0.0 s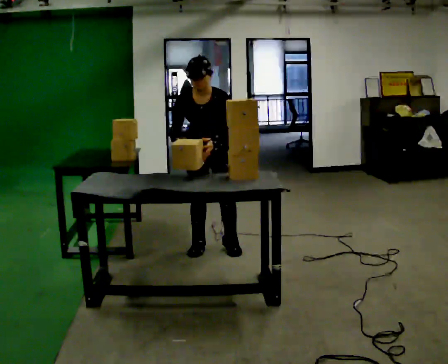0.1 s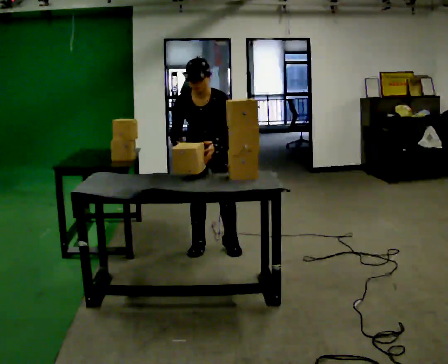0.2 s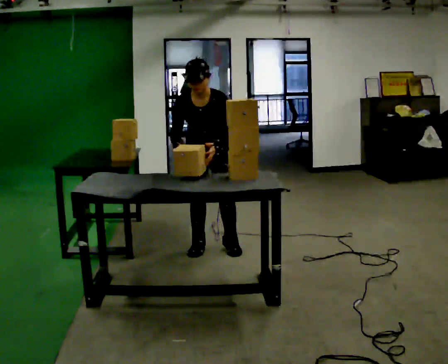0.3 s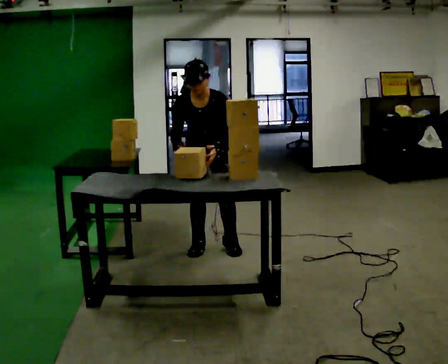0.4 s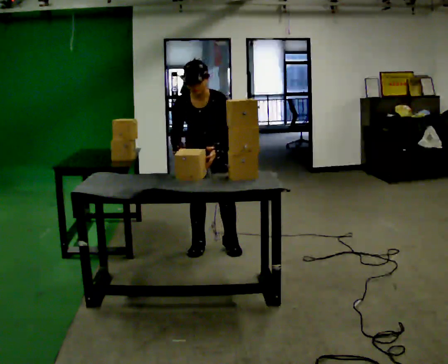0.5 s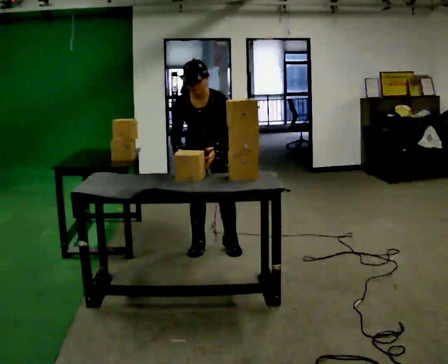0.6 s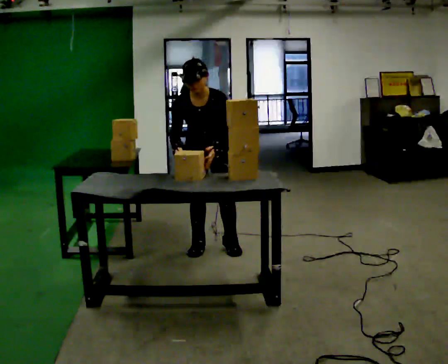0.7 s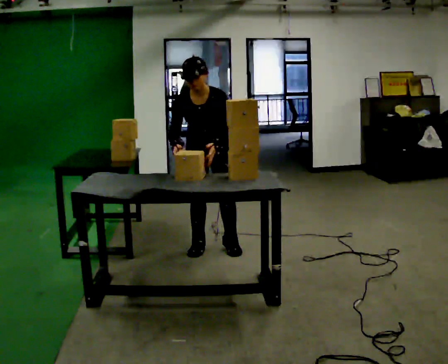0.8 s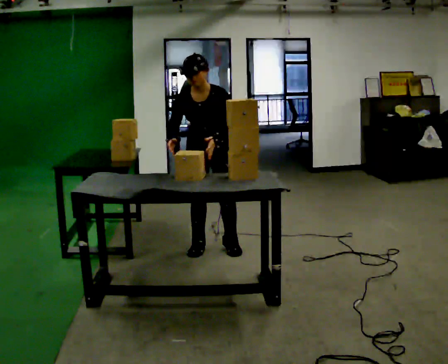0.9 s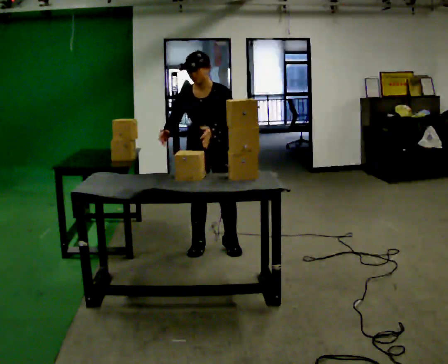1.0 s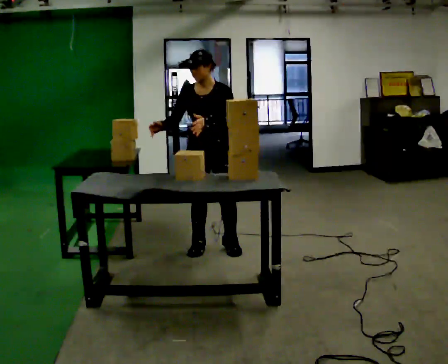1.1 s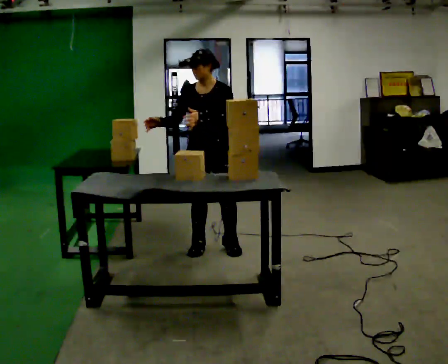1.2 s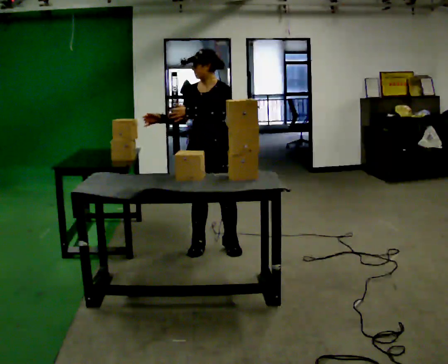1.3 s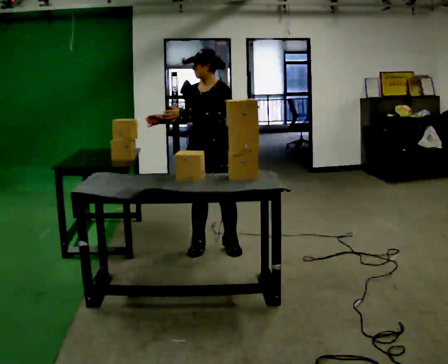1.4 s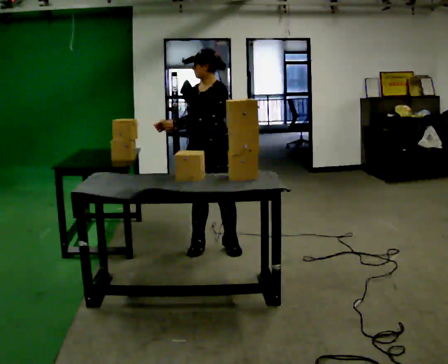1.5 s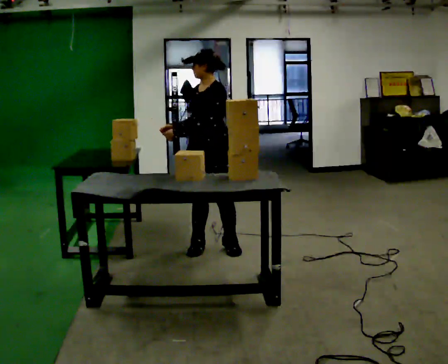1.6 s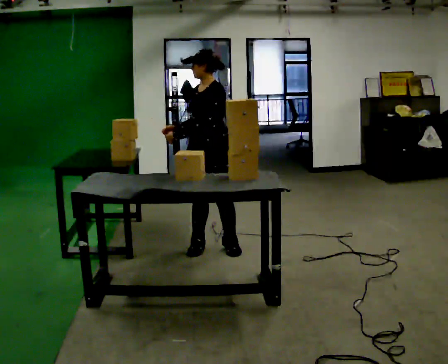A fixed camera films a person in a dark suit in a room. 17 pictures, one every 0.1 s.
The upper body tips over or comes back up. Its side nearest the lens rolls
upward.
0.0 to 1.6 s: The part of the body nearest the lens slides to the left as the person turns to their right by about 45 degrees. The upper body tips away from the camera, its near side rolling upward, as they lean back or straighten.
The film runs forward here.
